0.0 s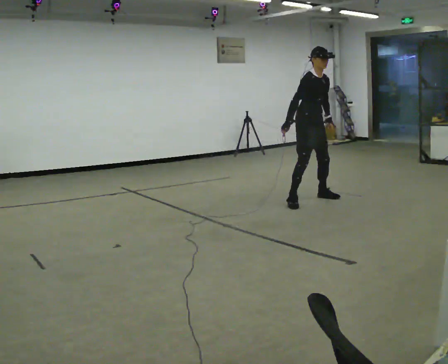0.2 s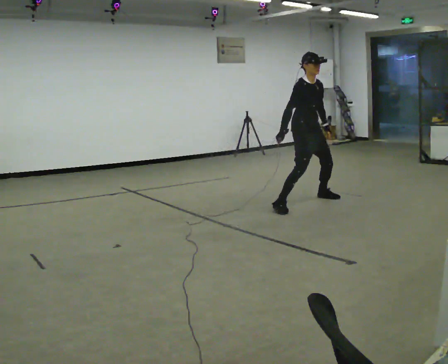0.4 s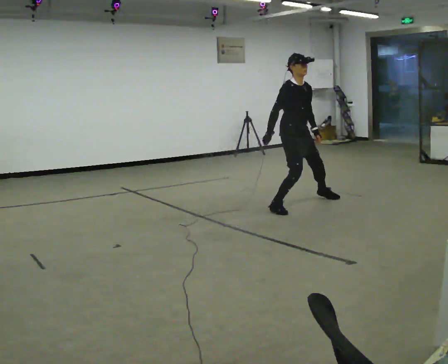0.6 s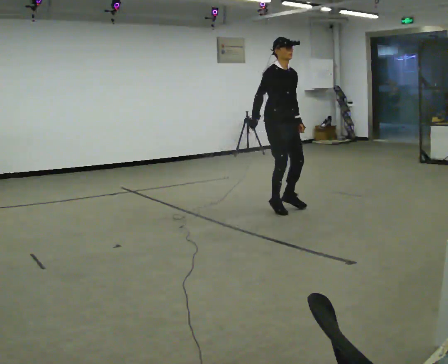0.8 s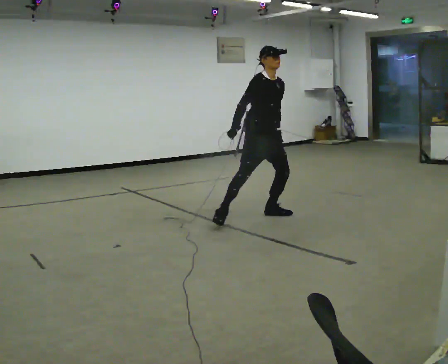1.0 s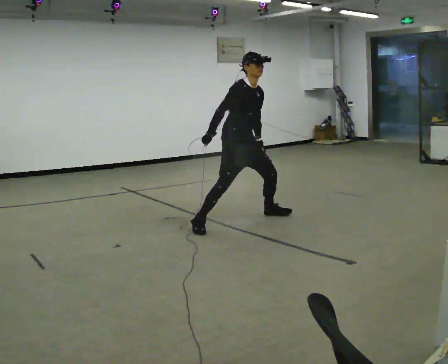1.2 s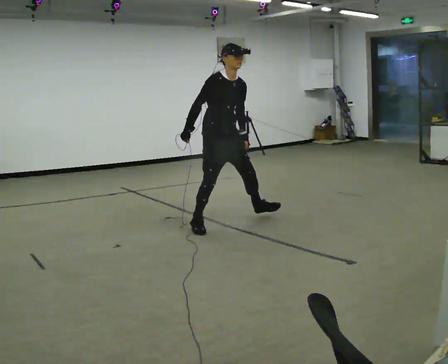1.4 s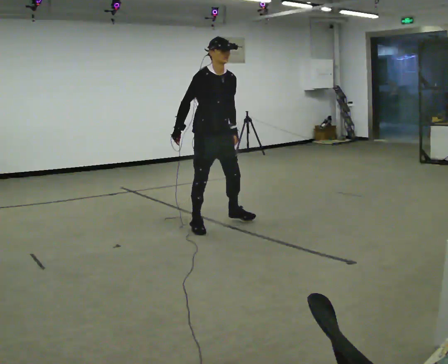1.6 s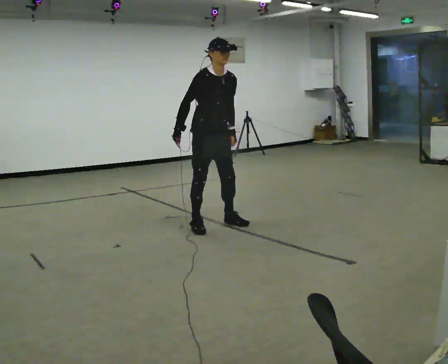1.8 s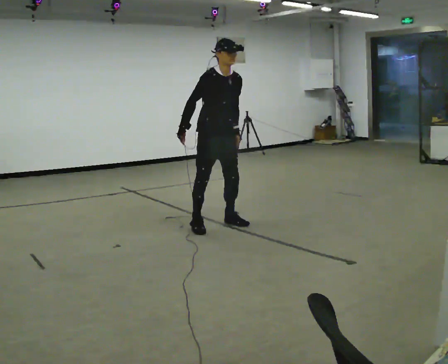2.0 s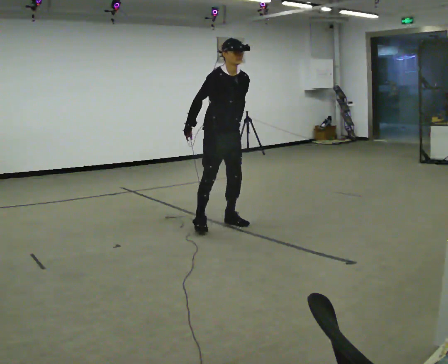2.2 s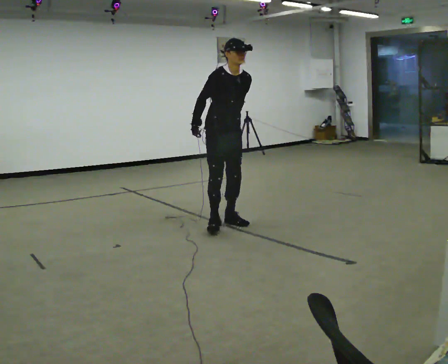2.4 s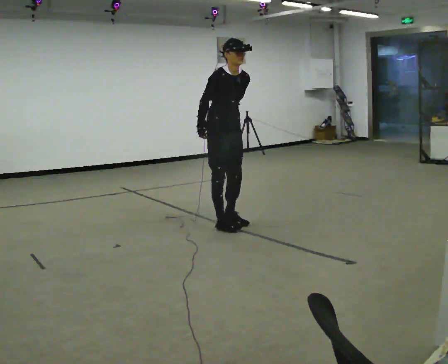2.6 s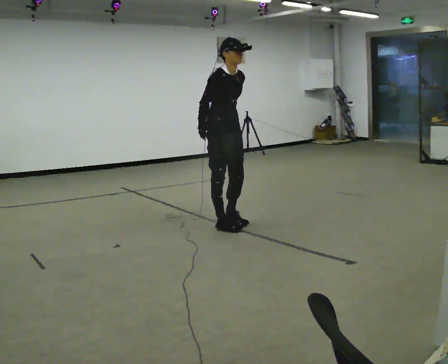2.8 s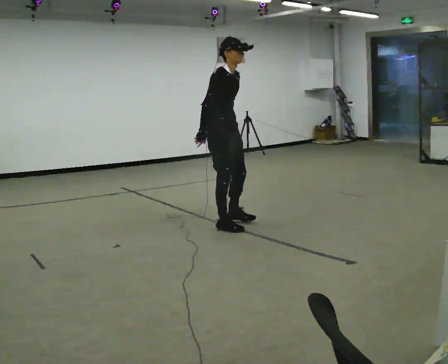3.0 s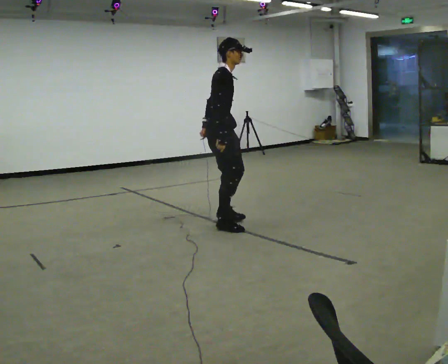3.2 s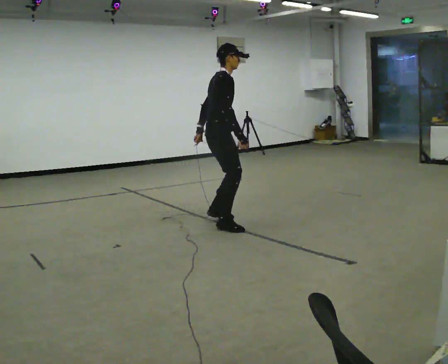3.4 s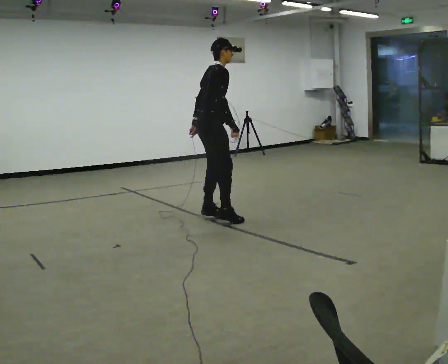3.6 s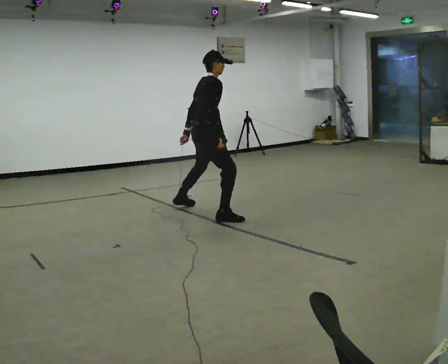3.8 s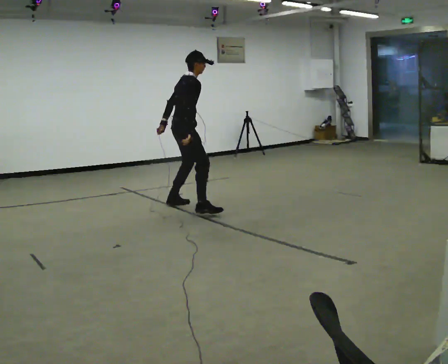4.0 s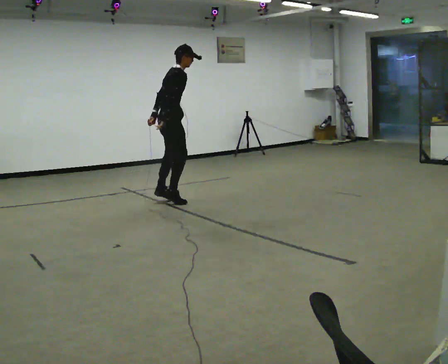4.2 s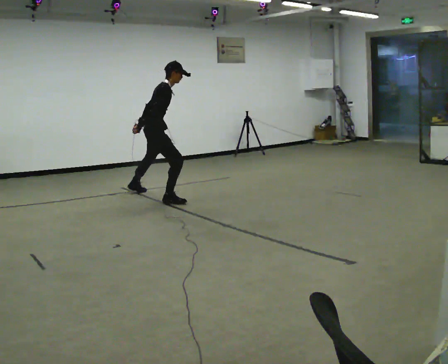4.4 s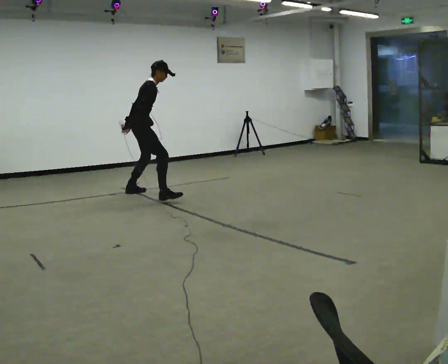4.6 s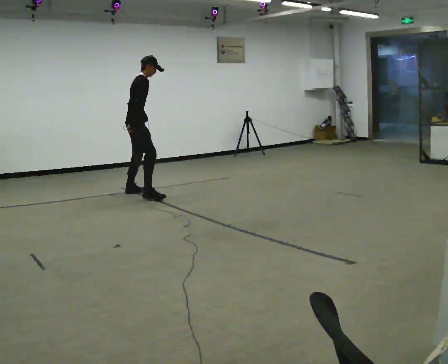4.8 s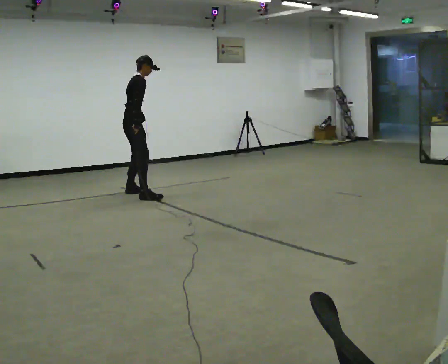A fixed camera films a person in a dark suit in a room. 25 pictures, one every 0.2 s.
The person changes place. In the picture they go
to the left.
0.0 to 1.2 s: In the picture they go to the left and toward the camera, about 1.5 m in 4 steps, which for them is to their right.
1.2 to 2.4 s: The person moves a little, or ends about where they began.
2.4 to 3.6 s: The part of the body nearest the lens slides to the right as the person turns to their left by about 75 degrees. In the picture they go away from the camera and to the left, about 0.25 m in 3 steps. The upper body tips away from the camera, its near side rolling upward.
3.6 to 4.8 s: In the picture they go away from the camera and to the left, about 1.5 m in 2 steps, which for them is to their left and backward.
The film runs backward here.
